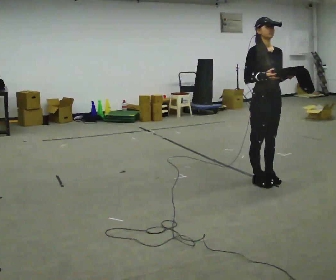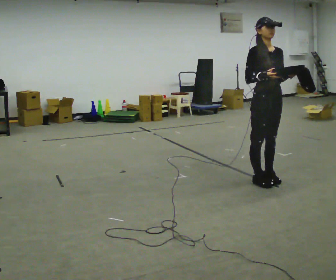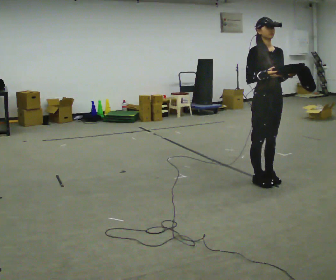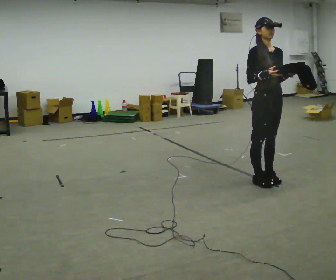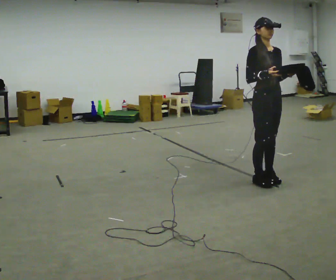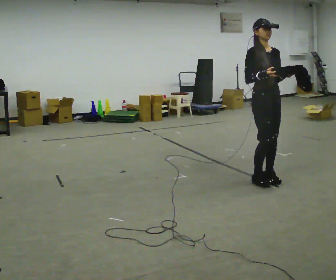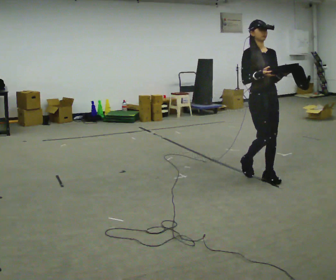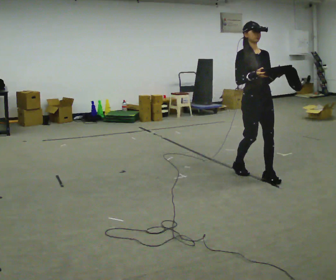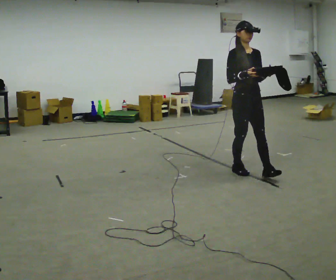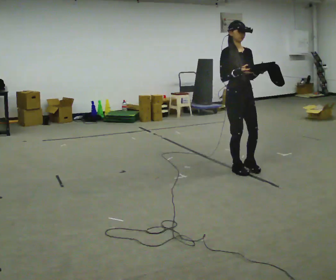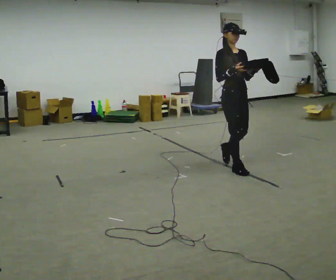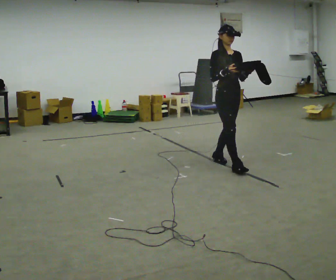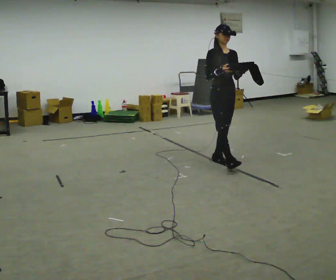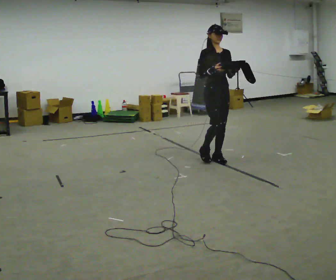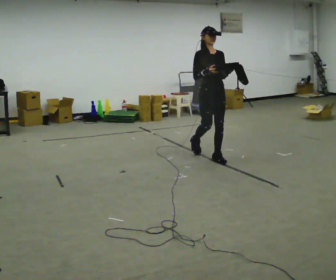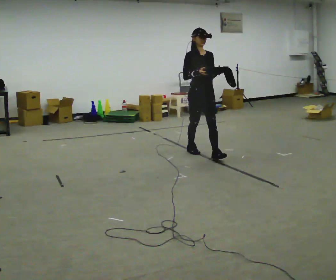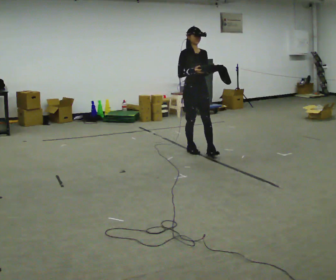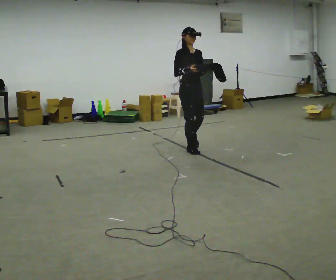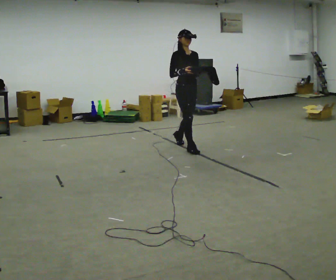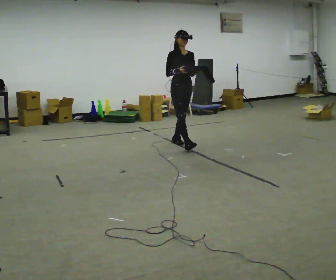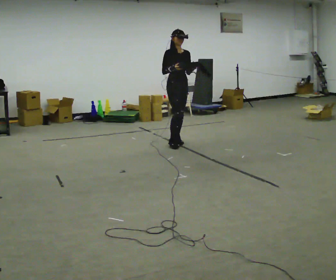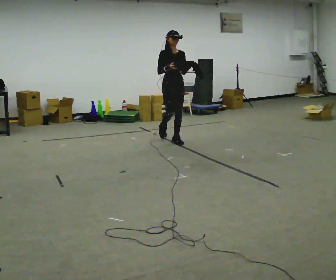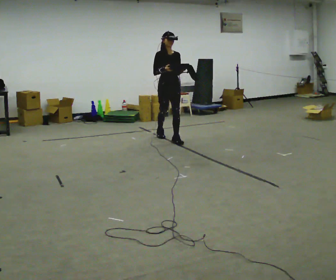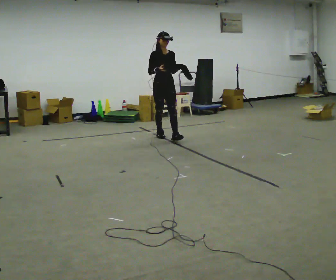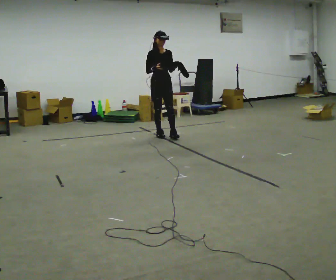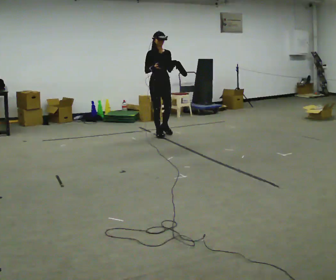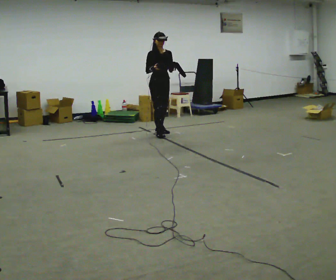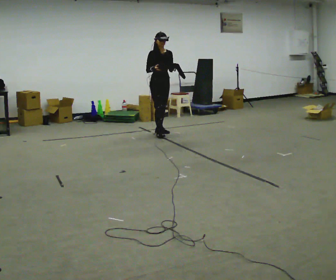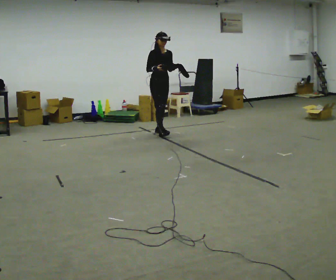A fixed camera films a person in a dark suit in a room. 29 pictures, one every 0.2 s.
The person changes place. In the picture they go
away from the camera.
0.0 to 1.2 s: In the picture they go away from the camera, about 0.25 m in 1 step, which for them is backward.
1.2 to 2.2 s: In the picture they go away from the camera and to the left, about 0.5 m in 1 step, which for them is backward.
2.2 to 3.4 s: In the picture they go away from the camera and to the left, about 1 m in 2 steps, which for them is backward.
3.4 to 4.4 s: In the picture they go away from the camera and to the left, about 0.75 m in 1 step, which for them is backward.
4.4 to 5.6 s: In the picture they go away from the camera and to the left, about 0.5 m in 1 step, which for them is backward.
The film runs backward here.
